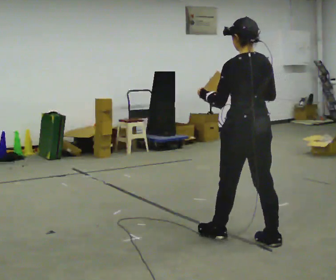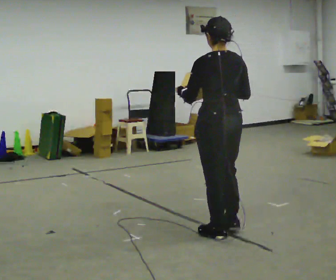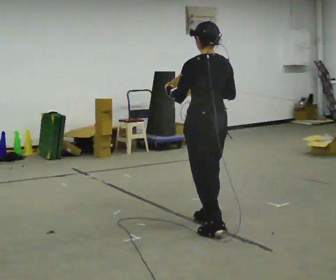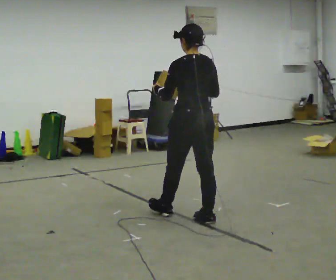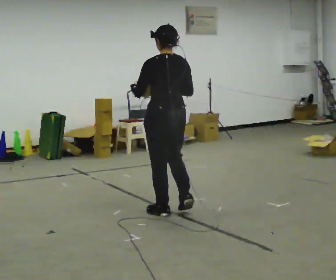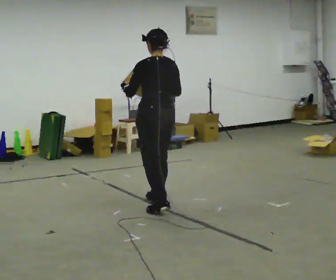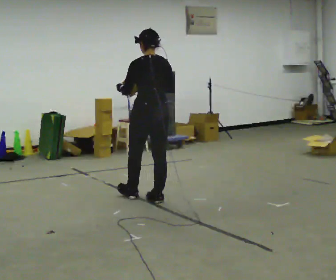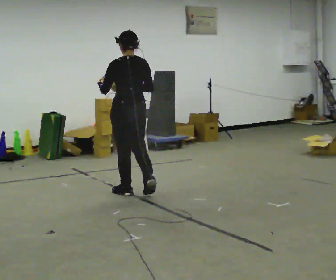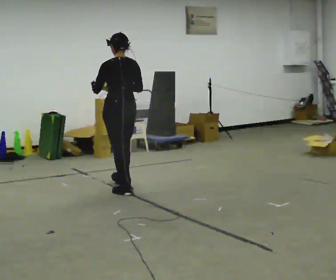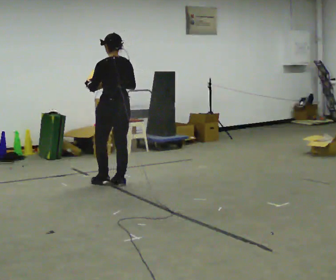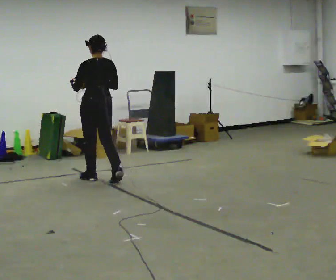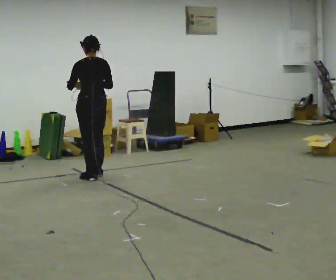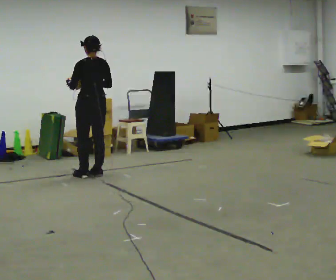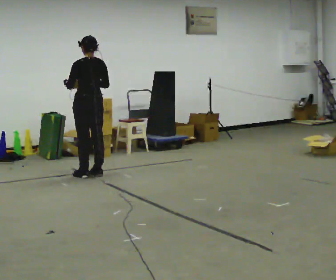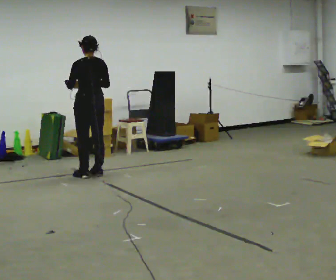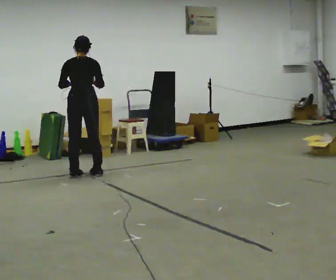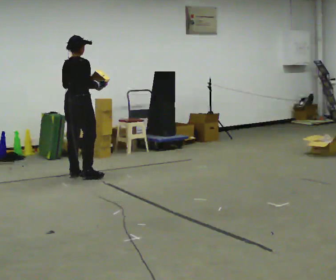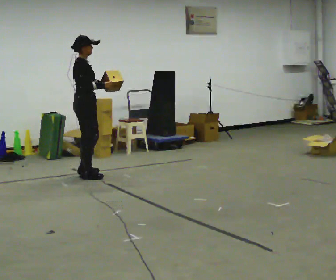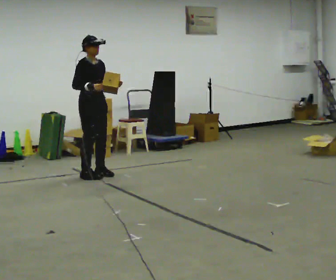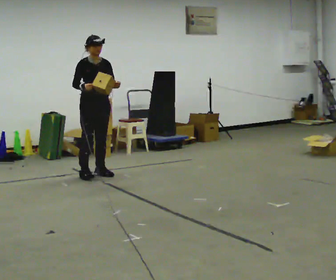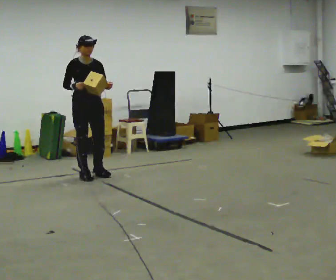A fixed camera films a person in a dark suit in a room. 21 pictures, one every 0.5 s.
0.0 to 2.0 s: In the picture they go away from the camera and to the left, about 1 m in 2 steps, which for them is forward.
2.0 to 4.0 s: In the picture they go away from the camera and to the left, about 1 m in 3 steps, which for them is forward.
4.0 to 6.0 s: In the picture they go away from the camera and to the left, about 1 m in 3 steps, which for them is forward.
6.0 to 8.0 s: Seen from above the body turns clockwise, about 75 degrees: to their right, with its near side sliding to the left. In the picture they go to the left, about 0.25 m in 2 steps.
8.0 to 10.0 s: The part of the body nearest the lens slides to the left as the person turns to their right by about 105 degrees. In the picture their left hand goes to the right.
The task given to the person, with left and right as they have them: Carry the object and, while walking, turn it over in your hands to look at all sides of it. Keep turning it as you walk.
The film runs forward here.
